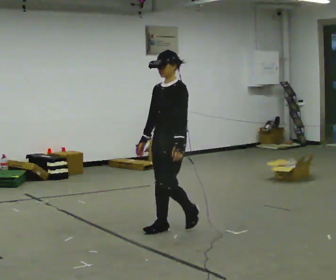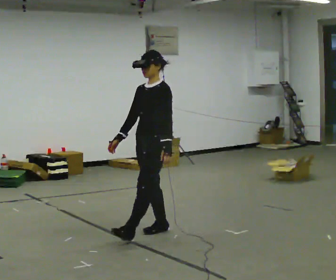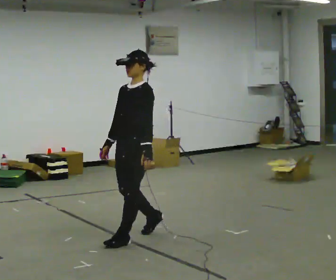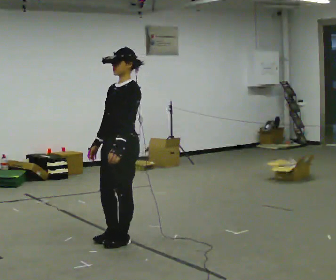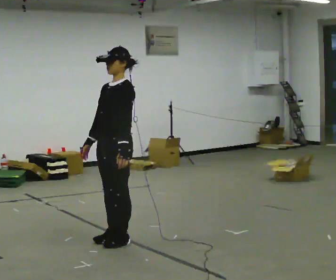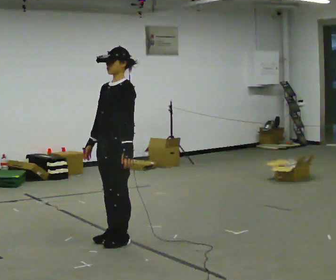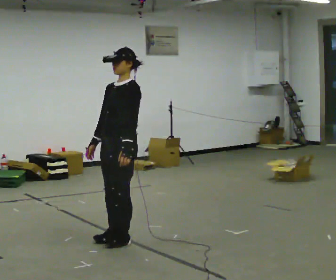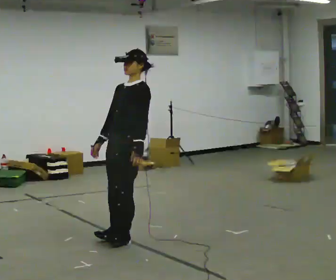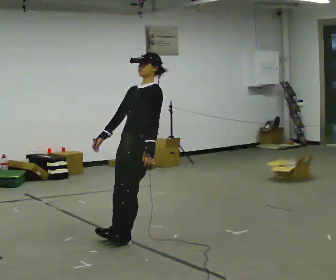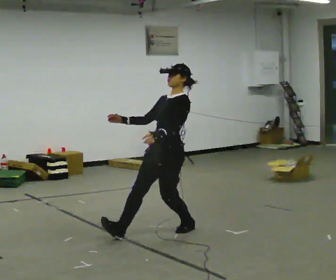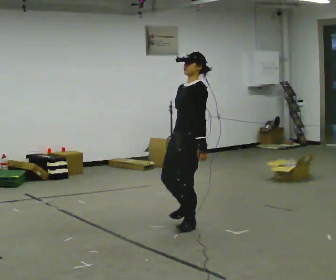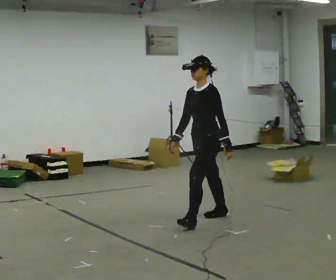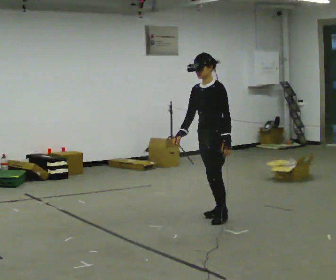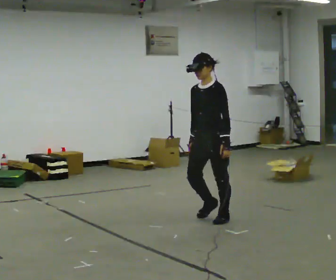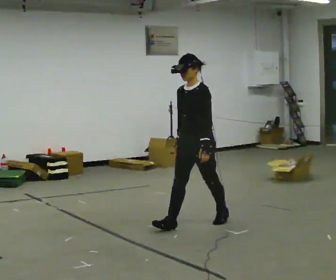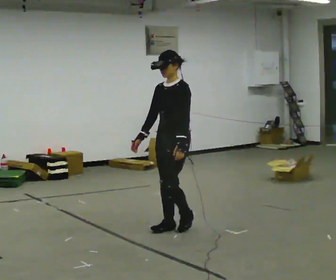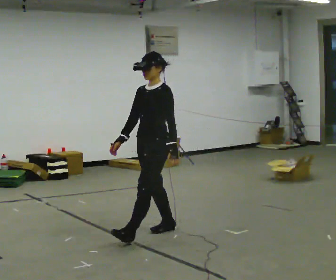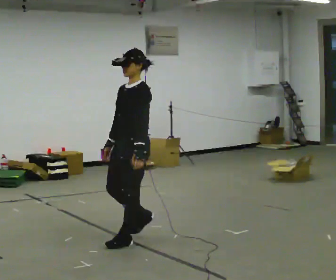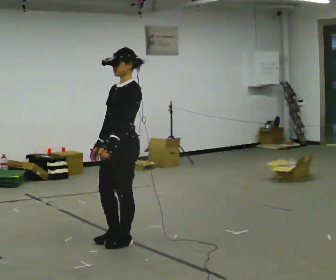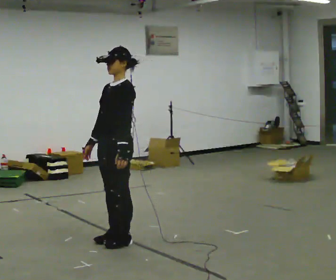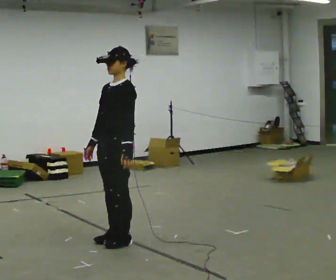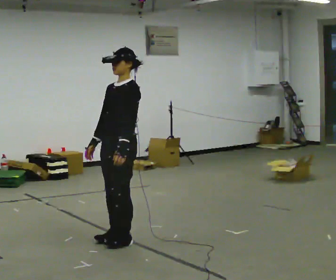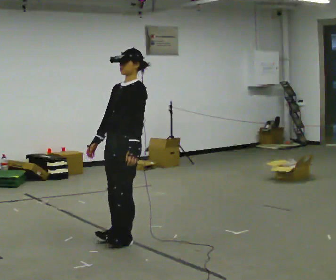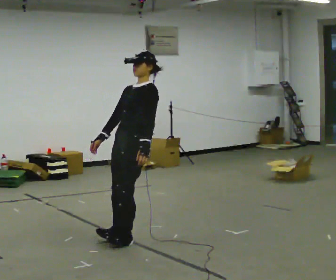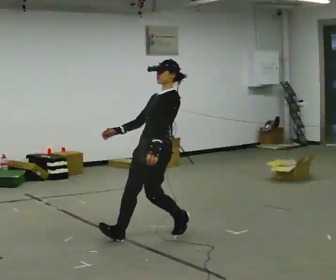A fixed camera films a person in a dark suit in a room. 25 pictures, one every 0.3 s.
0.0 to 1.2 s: In the picture they go to the left and toward the camera, about 0.5 m in 2 steps, which for them is forward.
1.2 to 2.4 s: In the picture they go away from the camera and to the right, about 0.25 m, which for them is backward.
2.4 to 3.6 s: In the picture they go to the right and away from the camera, about 1 m in 2 steps, which for them is backward.
3.6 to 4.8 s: In the picture they go to the left and toward the camera, about 0.5 m in 2 steps, which for them is forward.
4.8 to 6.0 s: In the picture they go to the left and toward the camera, about 0.5 m in 2 steps, which for them is forward.
6.0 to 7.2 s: In the picture they go to the right and away from the camera, about 0.5 m, which for them is backward.
The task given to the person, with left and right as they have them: Stand on the marked spots. Lean backward, keeping your body straight, until you cannot hold it, then step back to catch yourself. Return to the spots. Repeat at your own pace until the operator says stop. Go slowly and only as far as you are comfortable. Step whenever you need to; do not try to hold on longer than feels safe.
The film runs forward here.
